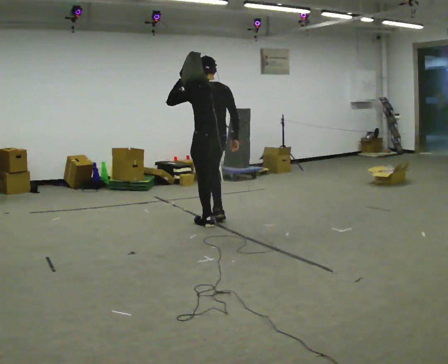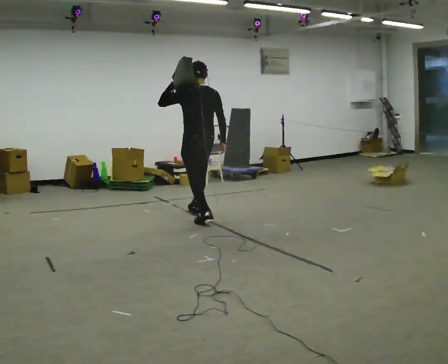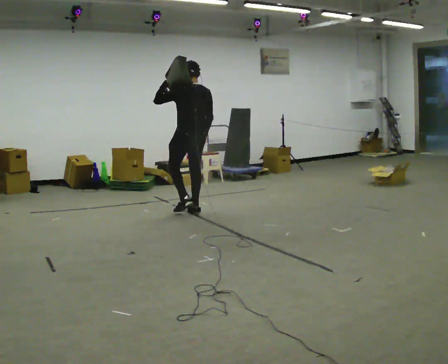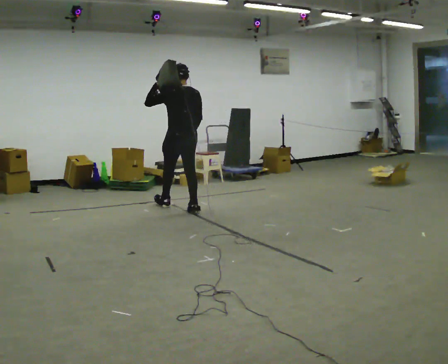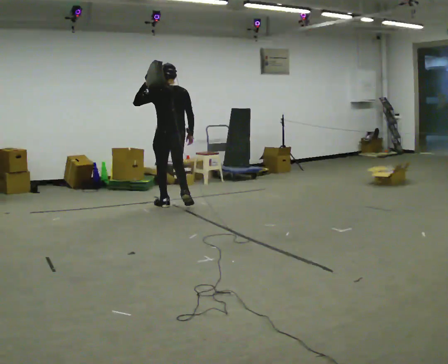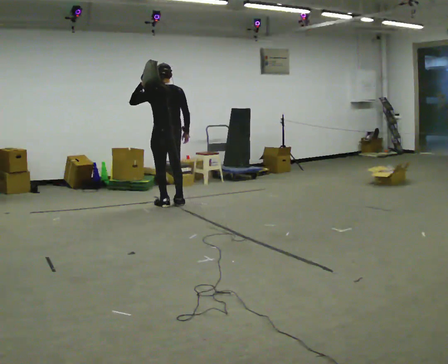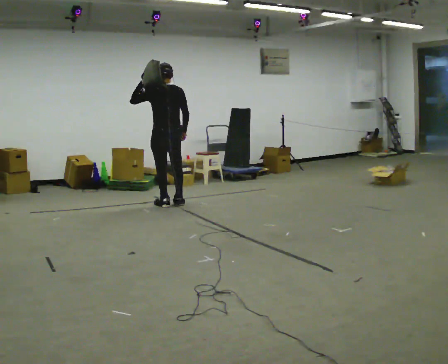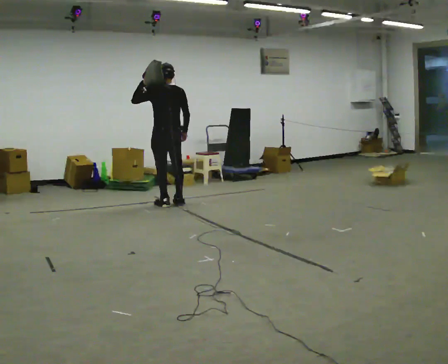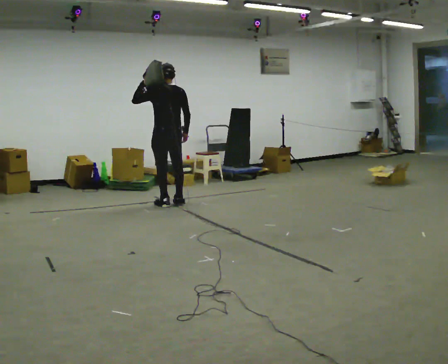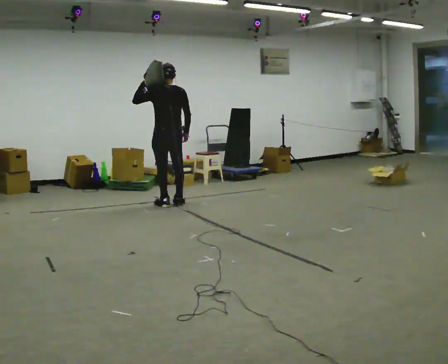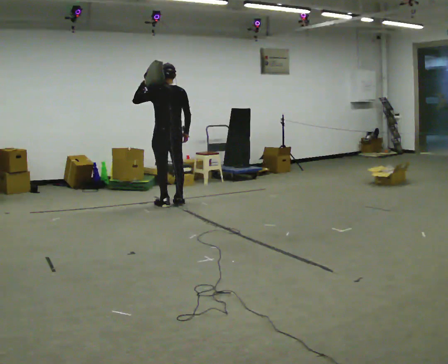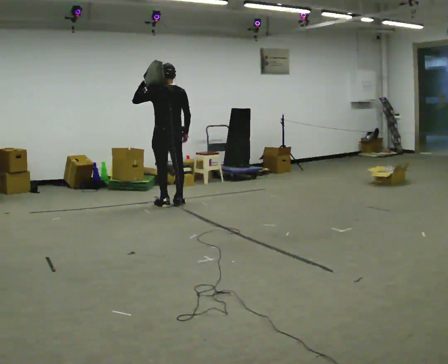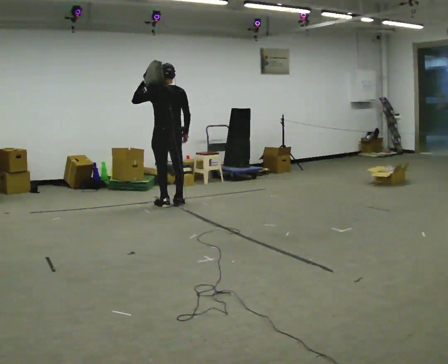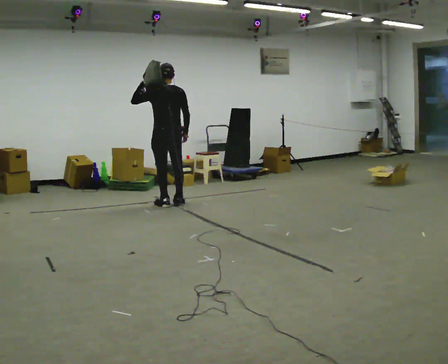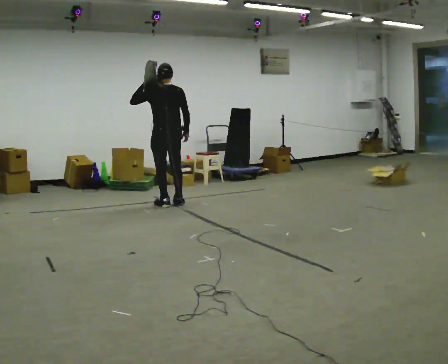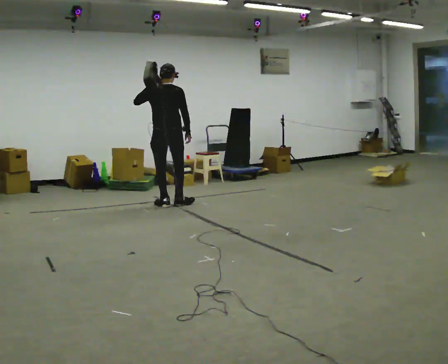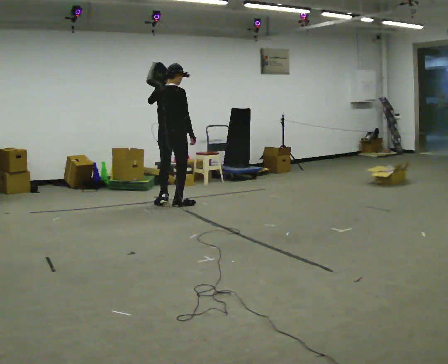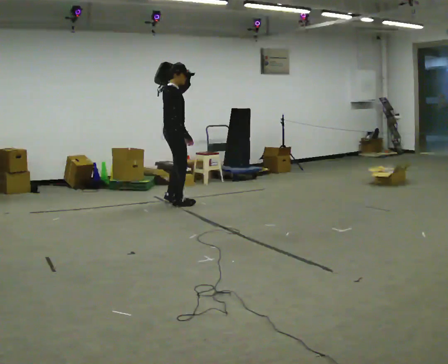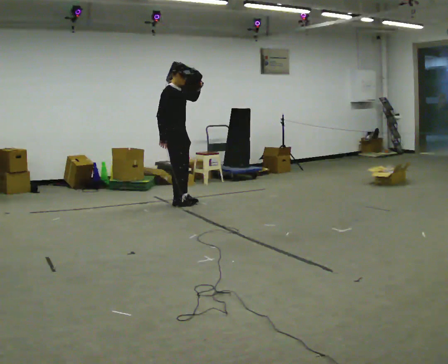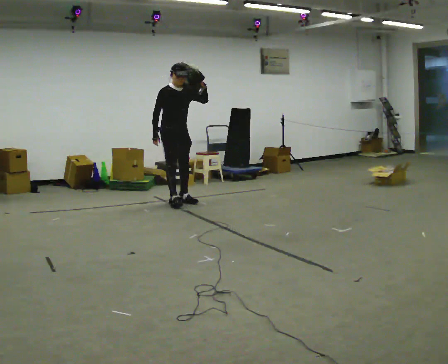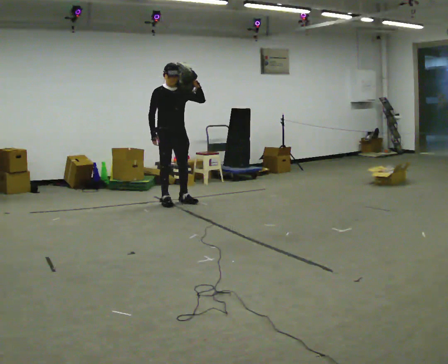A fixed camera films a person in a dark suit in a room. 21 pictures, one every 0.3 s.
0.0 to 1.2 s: In the picture they go away from the camera and to the left, about 1 m in 2 steps, which for them is forward.
1.2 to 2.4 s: In the picture they go away from the camera, about 0.25 m in 1 step, which for them is forward.
2.4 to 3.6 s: The person keeps their place and pose.
3.6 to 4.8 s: The person turns about 60 degrees to their right, clockwise seen from above, so the part of the body nearest the lens slides to the left.
4.8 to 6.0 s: The person turns about 120 degrees to their right, clockwise seen from above, so the part of the body nearest the lens slides to the left. In the picture their left hand goes to the right.
The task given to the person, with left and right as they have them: Put the soft bag up onto your shoulder and carry it across the room, back and forth.
The film runs forward here.
